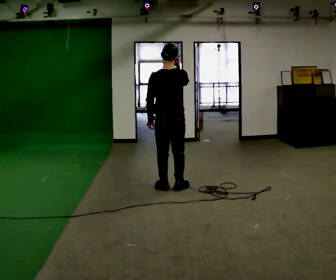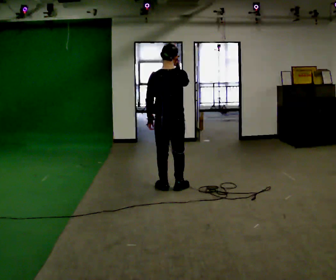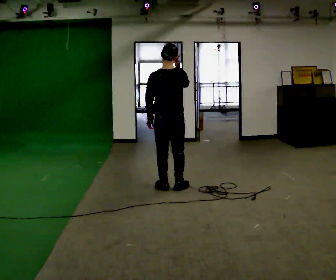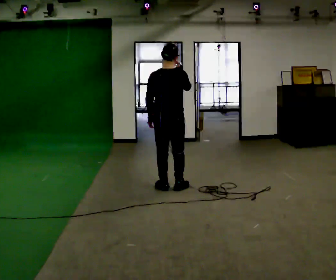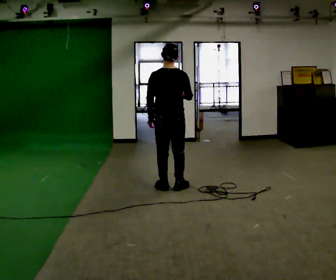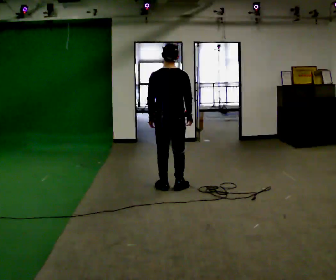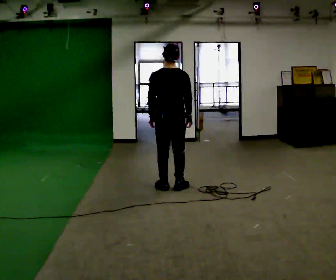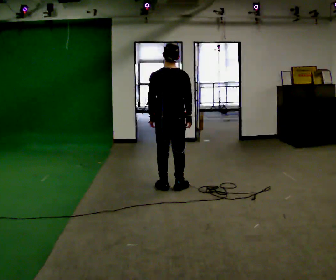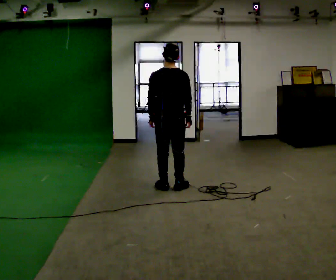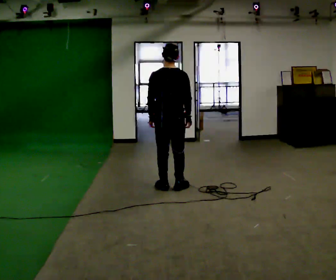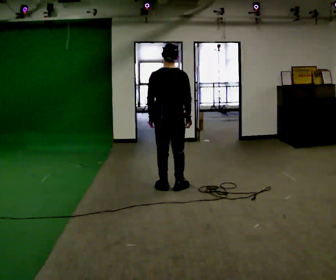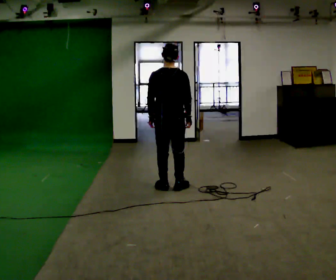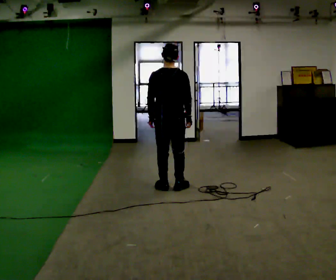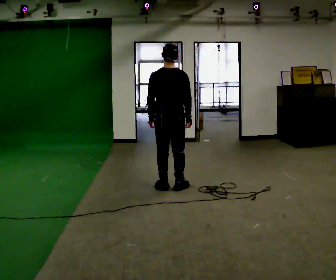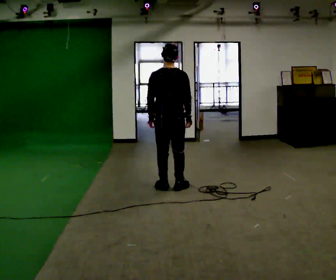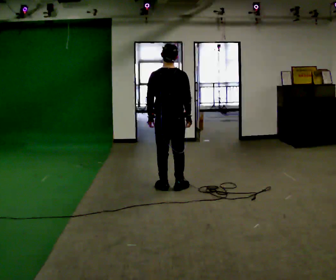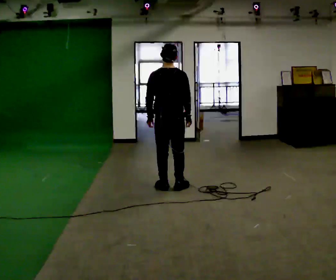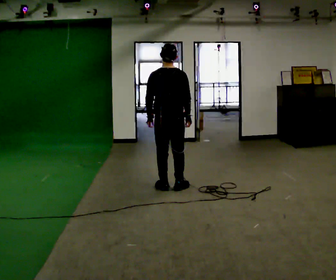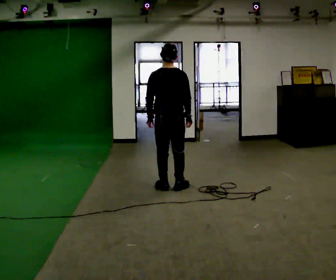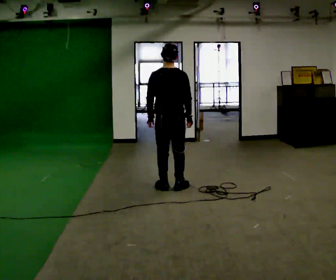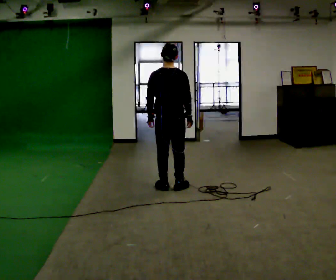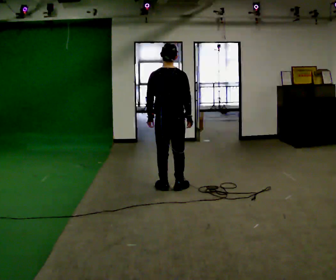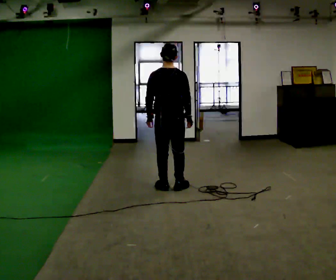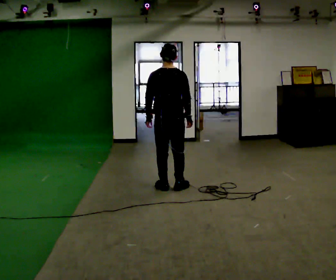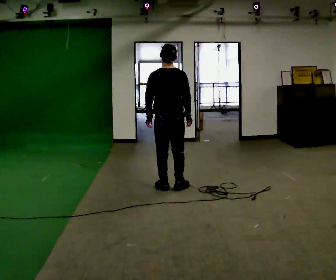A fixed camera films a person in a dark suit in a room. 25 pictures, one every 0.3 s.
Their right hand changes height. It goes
downward.
0.0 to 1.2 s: The person moves a little, or ends about where they began.
1.2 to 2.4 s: In the picture their right hand goes downward.
2.4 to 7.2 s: The person moves a little, or ends about where they began.
The film runs backward here.
